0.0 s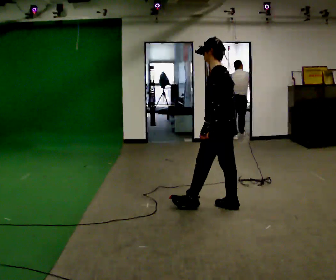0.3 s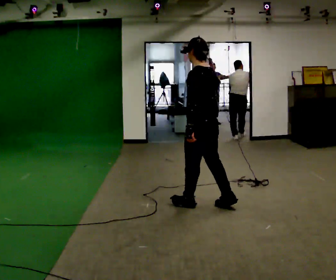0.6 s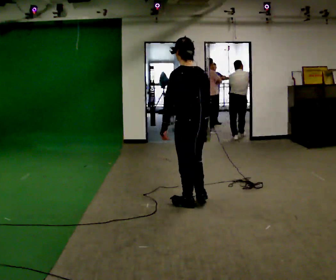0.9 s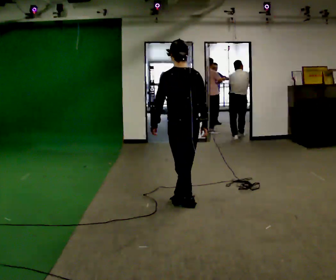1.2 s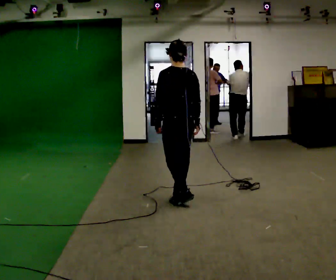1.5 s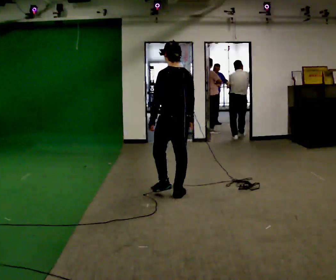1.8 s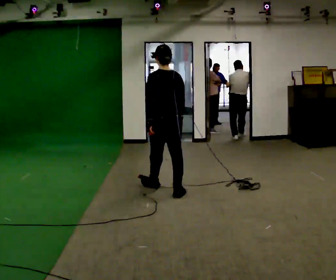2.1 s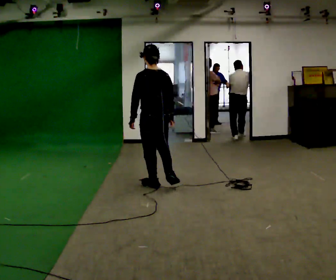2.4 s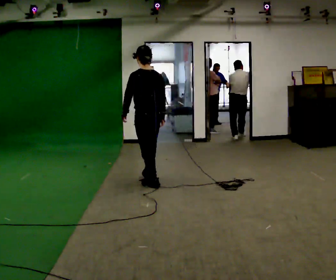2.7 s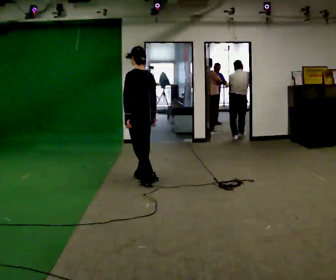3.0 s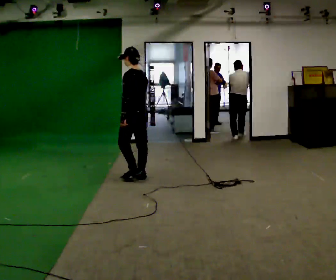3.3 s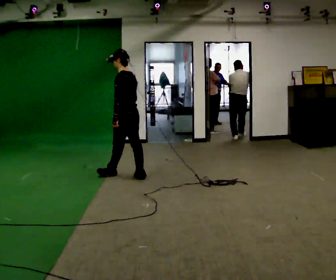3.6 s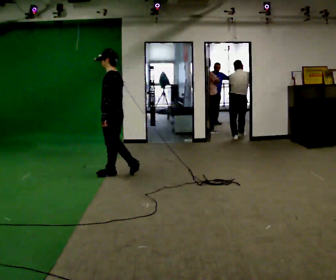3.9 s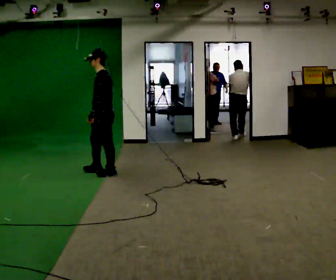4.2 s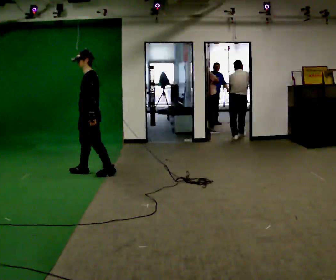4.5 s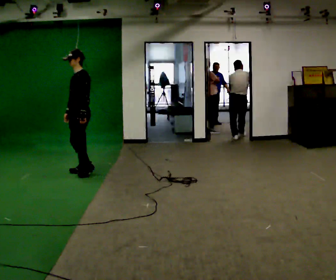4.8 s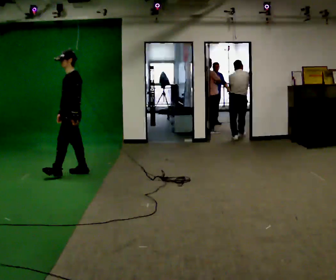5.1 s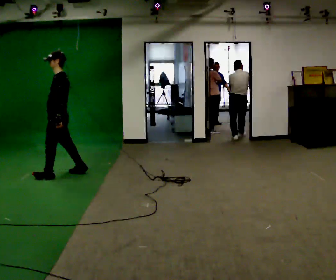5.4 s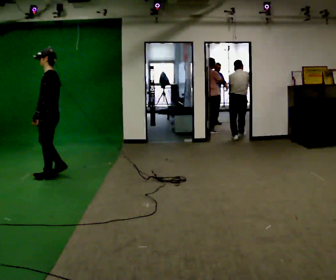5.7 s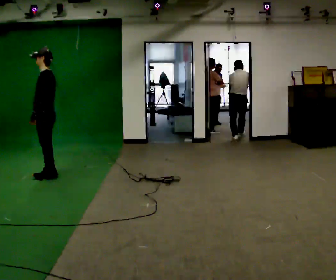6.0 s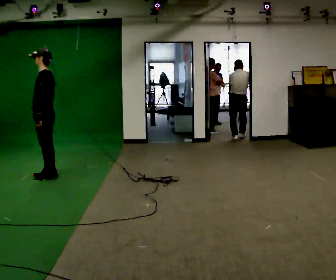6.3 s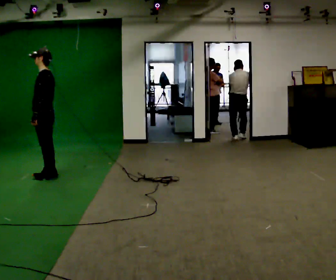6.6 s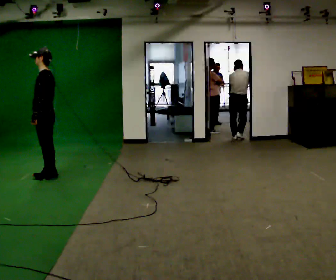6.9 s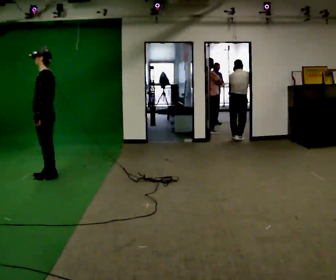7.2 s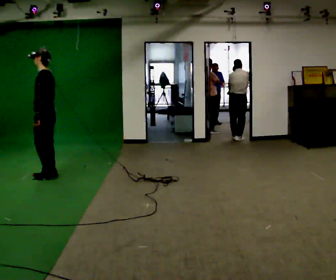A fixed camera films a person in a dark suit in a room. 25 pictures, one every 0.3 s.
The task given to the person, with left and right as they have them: Follow S-shaped path continuously; no stopping between curves.
0.0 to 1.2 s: The person turns about 45 degrees to their right, clockwise seen from above, so the part of the body nearest the lens slides to the left. In the picture they go to the left and away from the camera, about 0.5 m in 2 steps, which for them is forward.
1.2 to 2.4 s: In the picture they go away from the camera and to the left, about 0.75 m in 1 step, which for them is forward.
2.4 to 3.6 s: Seen from above the body turns counterclockwise, about 45 degrees: to their left, with its near side sliding to the right. In the picture they go to the left and away from the camera, about 0.75 m in 2 steps, which for them is forward.
3.6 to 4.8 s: Seen from above the body turns counterclockwise, about 30 degrees: to their left, with its near side sliding to the right. In the picture they go to the left, about 0.5 m in 1 step, which for them is forward and to their right.
4.8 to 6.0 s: In the picture they go to the left and toward the camera, about 0.25 m in 2 steps, which for them is forward and to their left.
6.0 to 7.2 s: The person moves a little, or ends about where they began.
The film runs forward here.
